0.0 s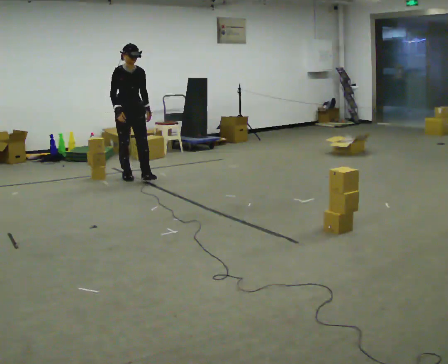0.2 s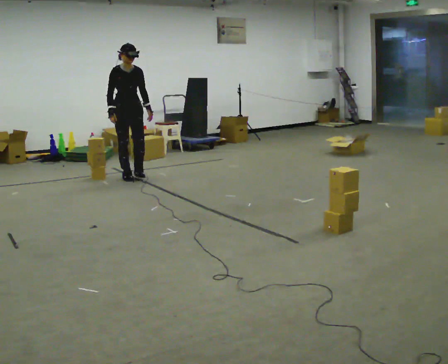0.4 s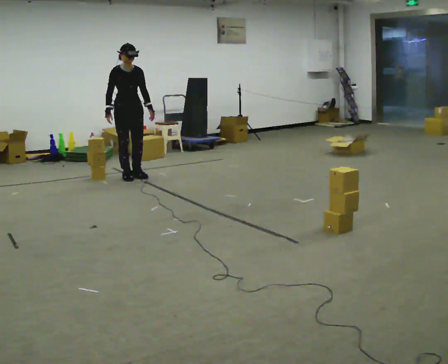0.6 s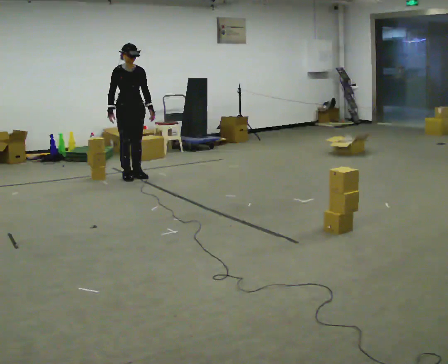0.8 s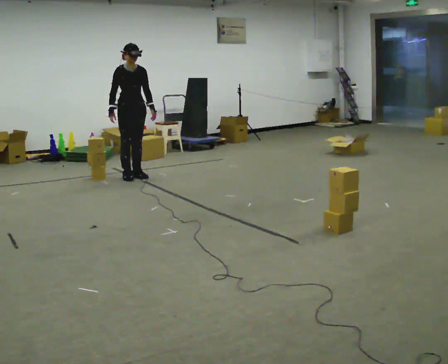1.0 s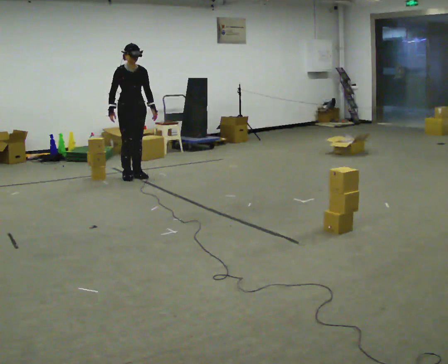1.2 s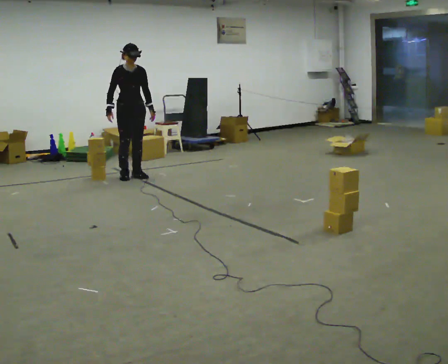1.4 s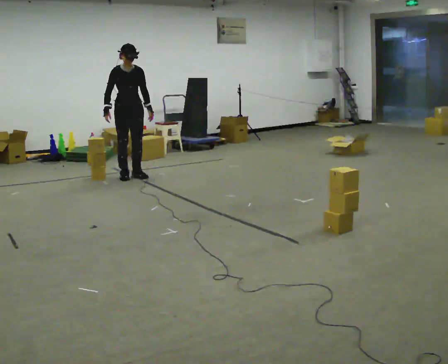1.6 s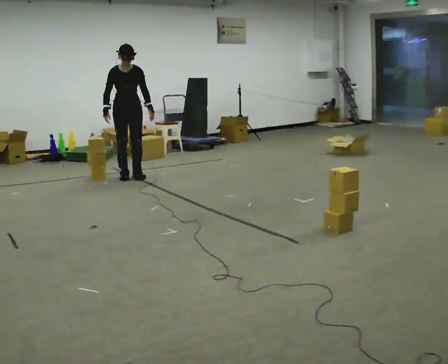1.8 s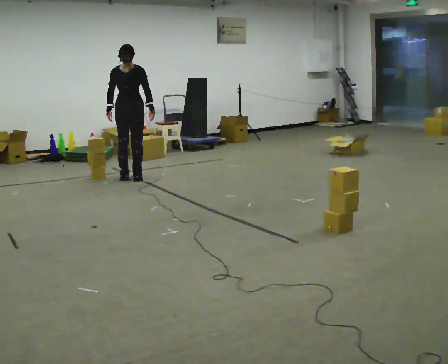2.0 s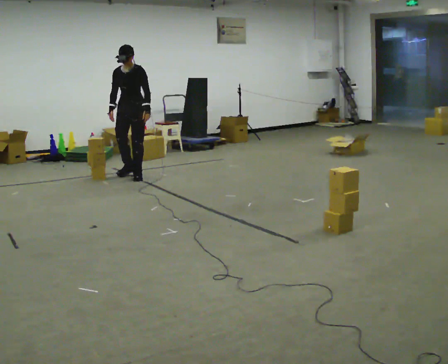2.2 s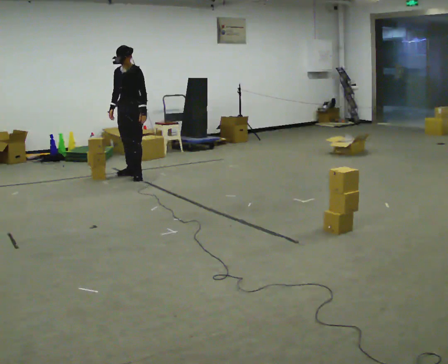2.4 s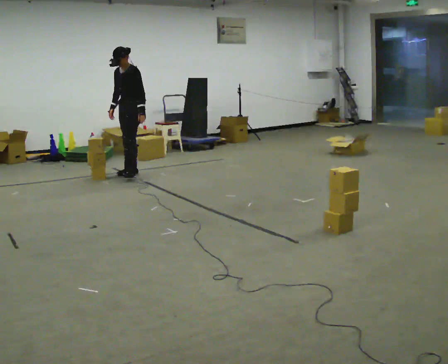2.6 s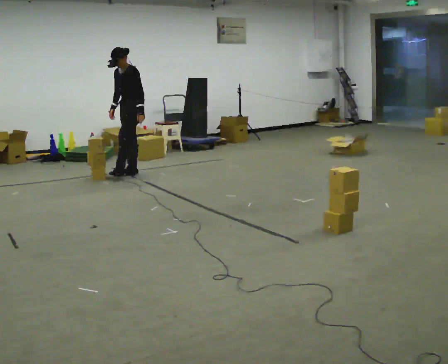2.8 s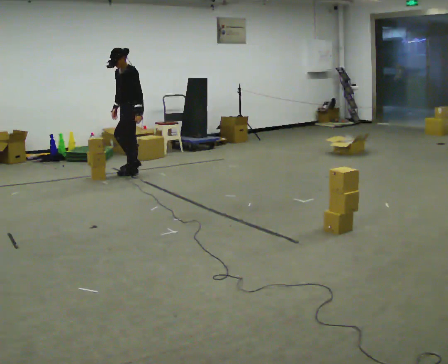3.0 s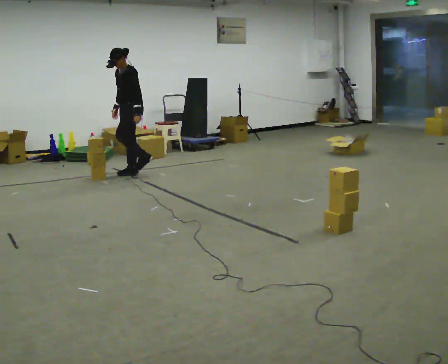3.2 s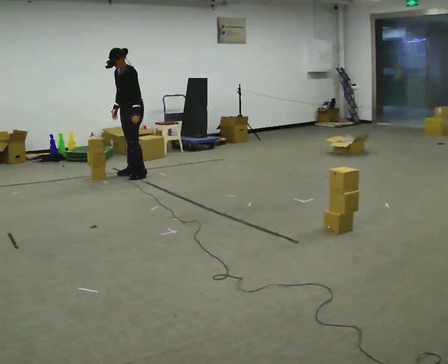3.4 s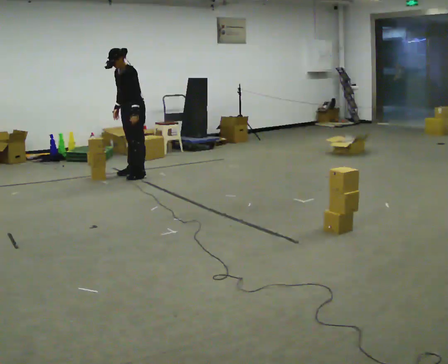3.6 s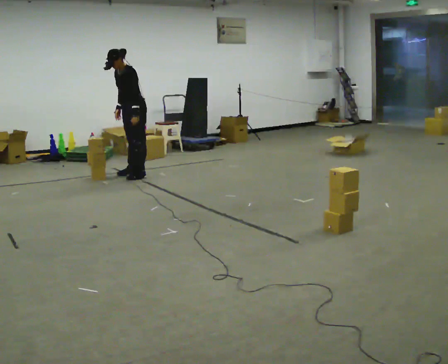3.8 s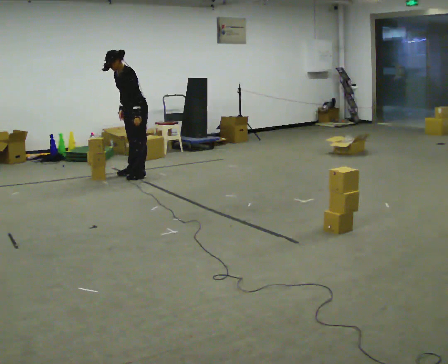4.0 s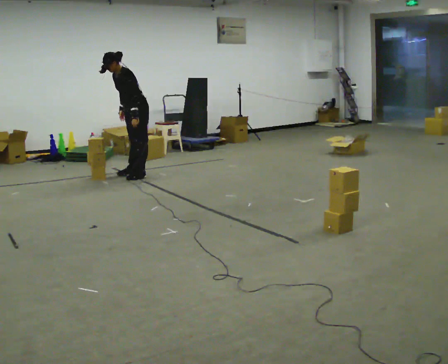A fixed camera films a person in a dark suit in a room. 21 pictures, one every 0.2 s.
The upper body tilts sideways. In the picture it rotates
counterclockwise.
The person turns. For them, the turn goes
to their right.
0.0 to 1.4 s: In the picture they go away from the camera, about 0.25 m, which for them is backward.
1.4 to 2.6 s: Seen from above the body turns clockwise, about 75 degrees: to their right, with its near side sliding to the left.
2.6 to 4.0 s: In the picture the upper body tilts counterclockwise, shoulders to the left, as they bend forward.
The film runs backward here.
